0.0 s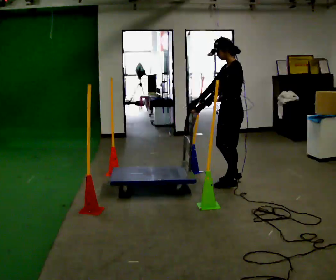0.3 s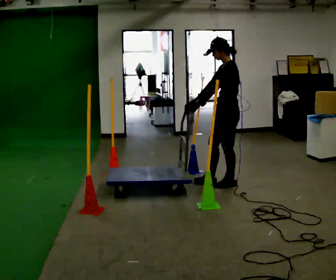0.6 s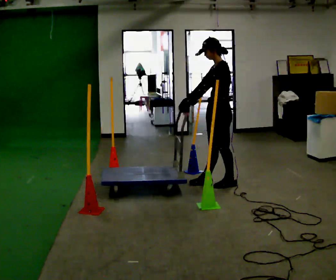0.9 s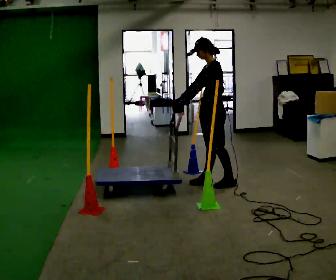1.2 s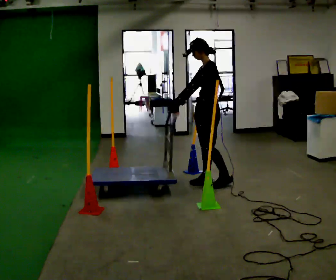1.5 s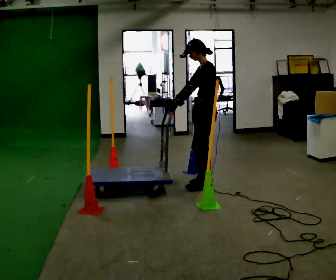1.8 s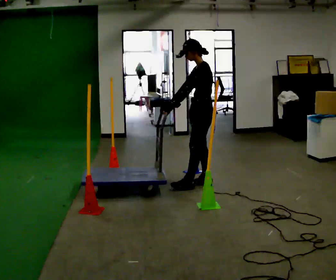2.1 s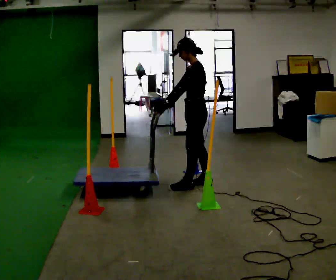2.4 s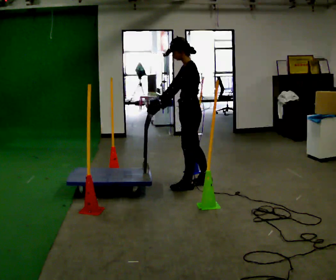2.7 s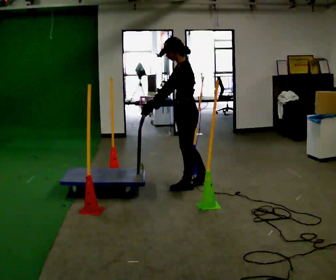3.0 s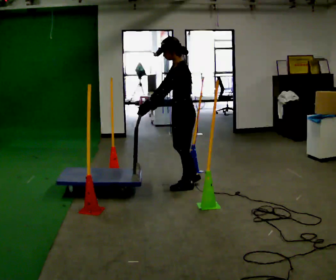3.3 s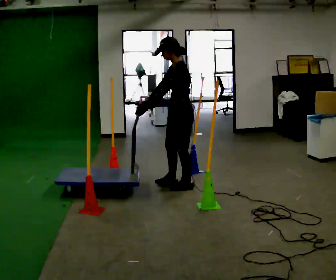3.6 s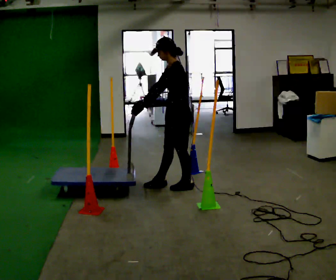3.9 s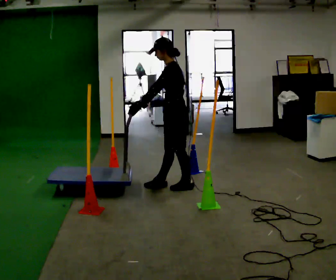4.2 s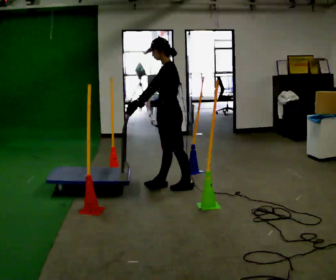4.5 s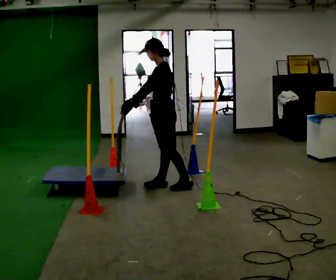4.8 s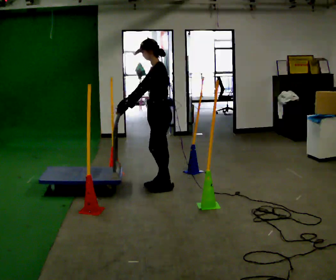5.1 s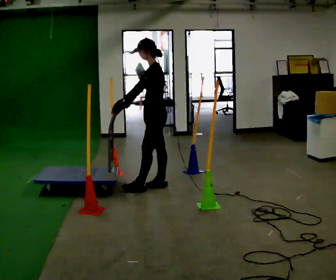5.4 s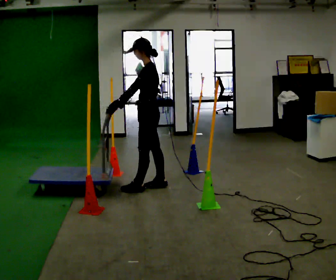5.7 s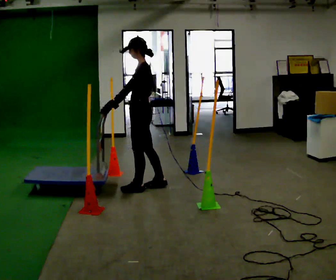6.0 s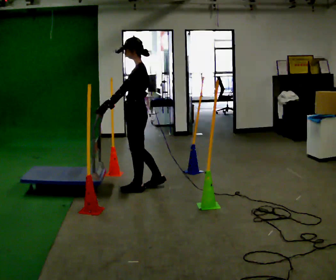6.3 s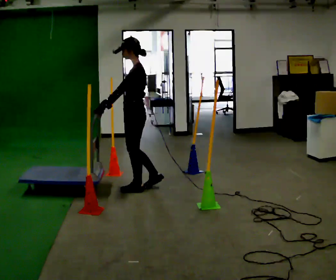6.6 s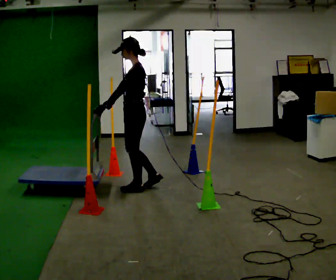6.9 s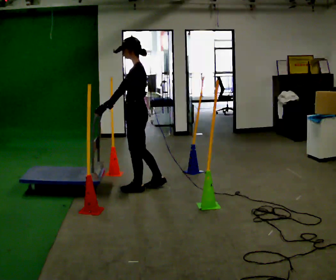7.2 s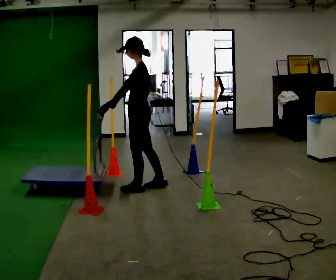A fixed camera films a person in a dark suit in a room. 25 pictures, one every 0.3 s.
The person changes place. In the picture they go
to the left.
0.0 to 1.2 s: In the picture they go to the left, about 0.25 m in 1 step, which for them is forward.
1.2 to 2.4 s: In the picture they go to the left, about 0.25 m, which for them is forward.
2.4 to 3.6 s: The person moves a little, or ends about where they began.
3.6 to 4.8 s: In the picture they go to the left, about 0.25 m in 1 step, which for them is forward.
4.8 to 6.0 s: In the picture they go to the left and toward the camera, about 0.25 m, which for them is forward and to their left.
6.0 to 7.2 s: The person moves a little, or ends about where they began.
The film runs backward here.
